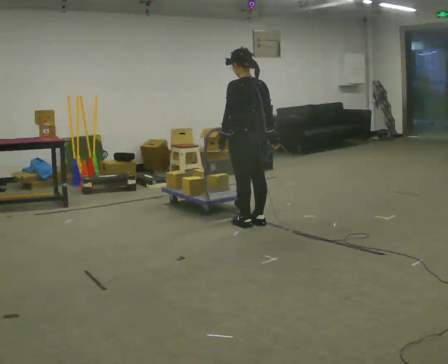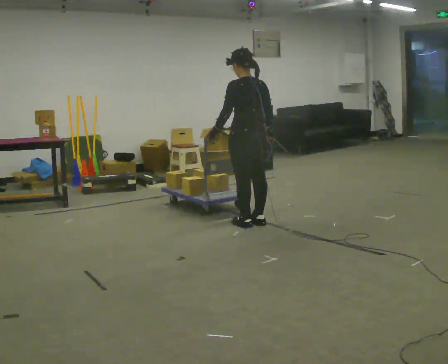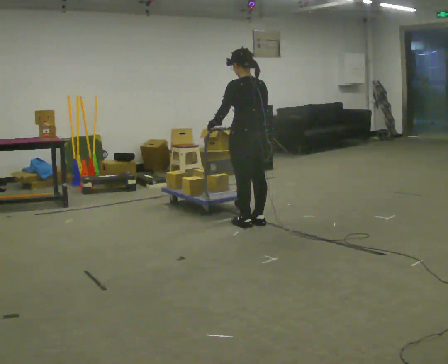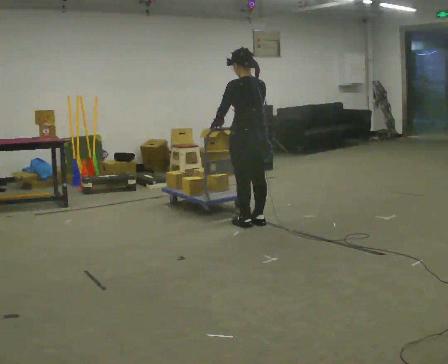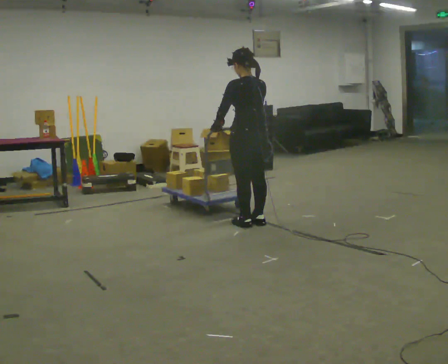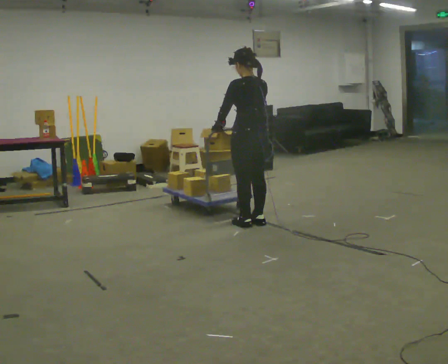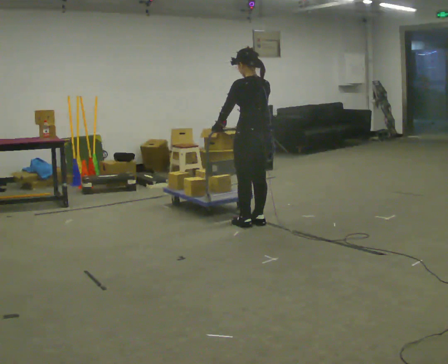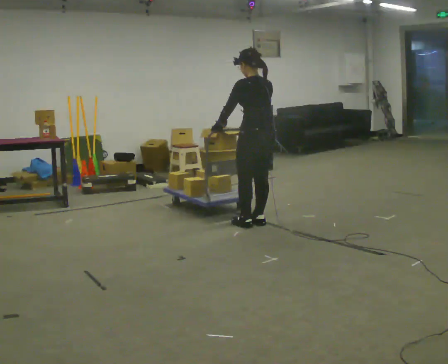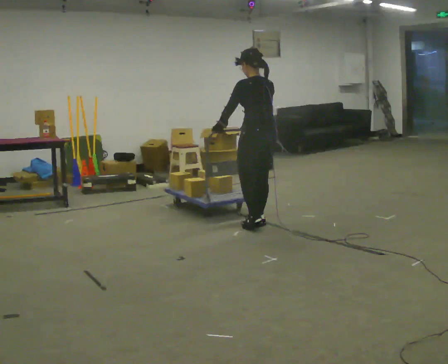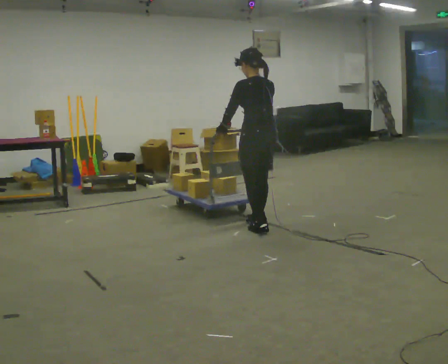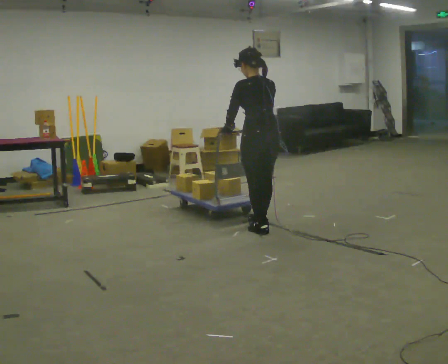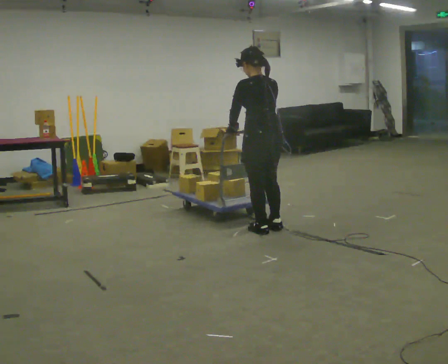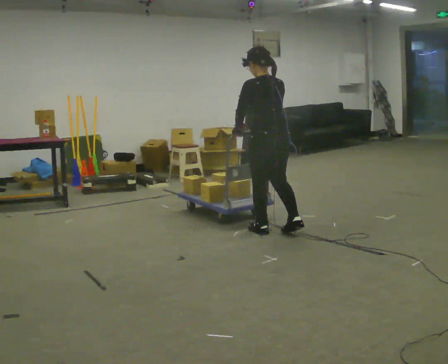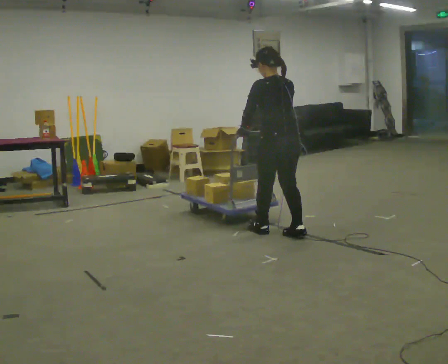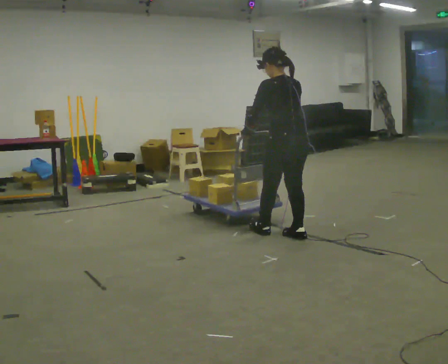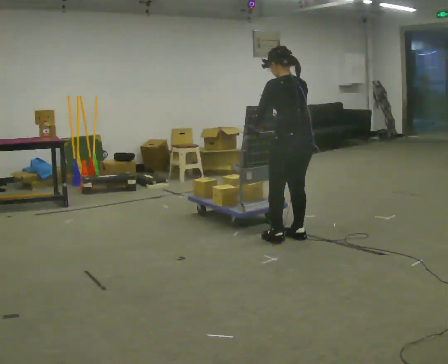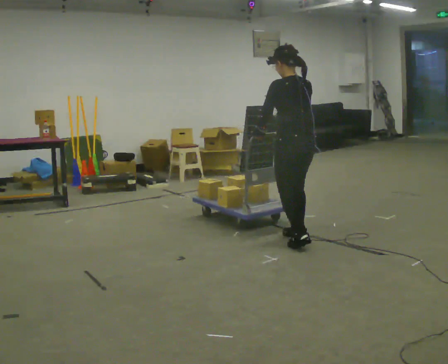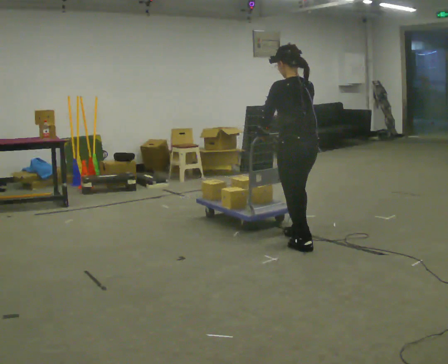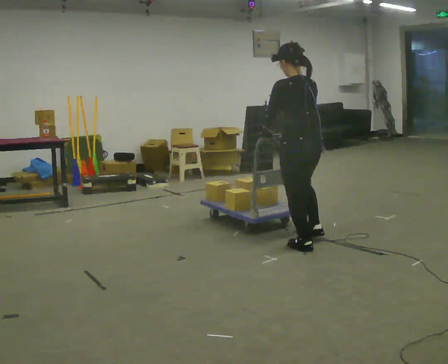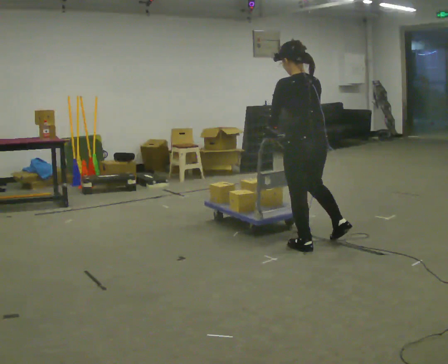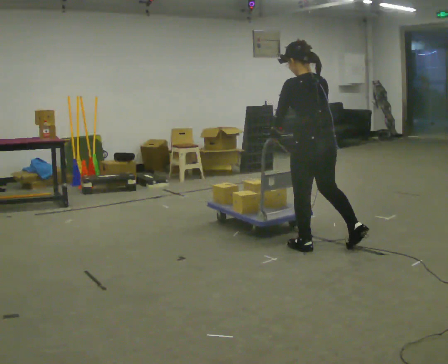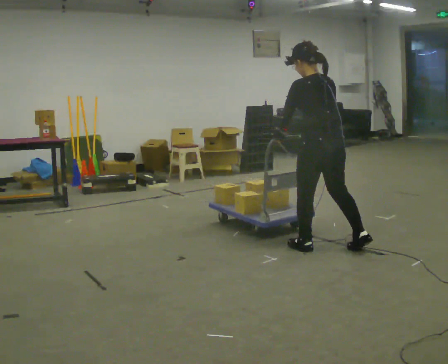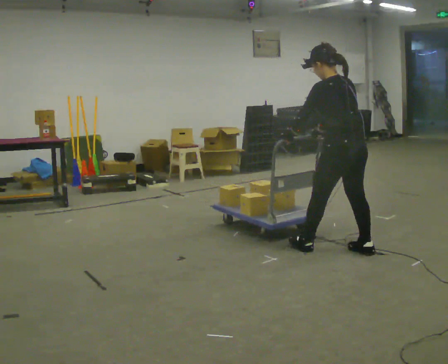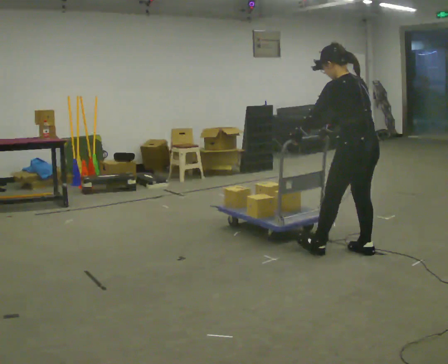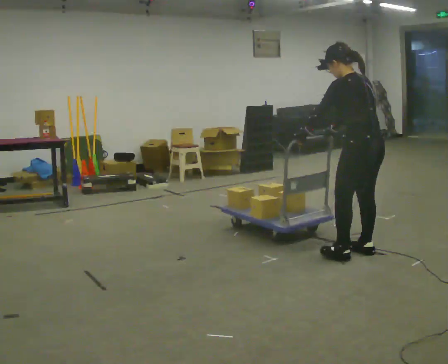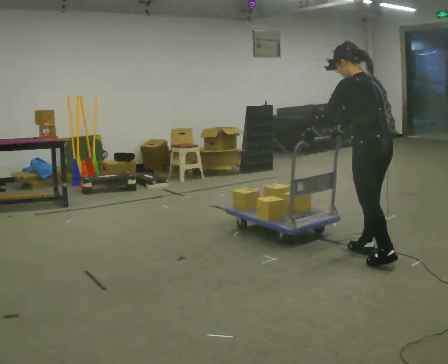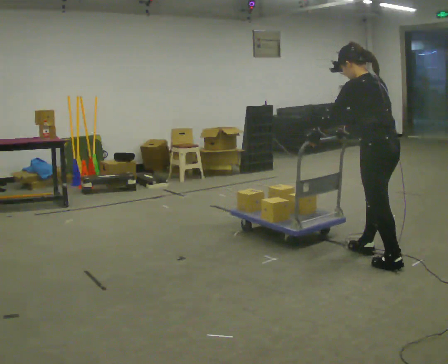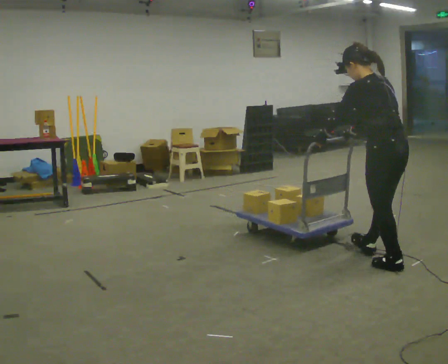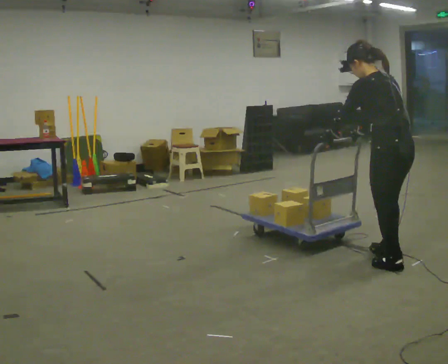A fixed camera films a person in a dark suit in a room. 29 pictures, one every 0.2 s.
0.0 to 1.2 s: The person moves a little, or ends about where they began.
1.2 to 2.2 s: In the picture they go toward the camera, about 0.25 m in 1 step, which for them is backward.
2.2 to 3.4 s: In the picture they go toward the camera and to the right, about 0.5 m in 2 steps, which for them is backward.
3.4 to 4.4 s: In the picture they go to the right and toward the camera, about 0.5 m in 1 step, which for them is backward and to their right.
4.4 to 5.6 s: In the picture they go toward the camera and to the right, about 0.5 m in 1 step, which for them is backward.
The film runs forward here.
